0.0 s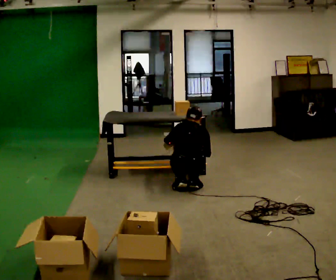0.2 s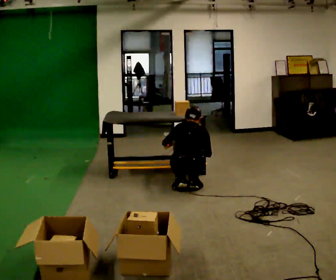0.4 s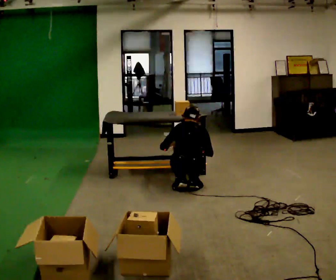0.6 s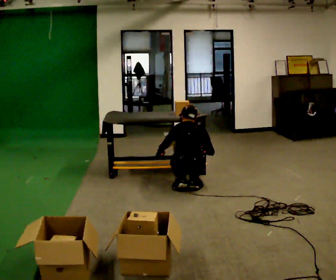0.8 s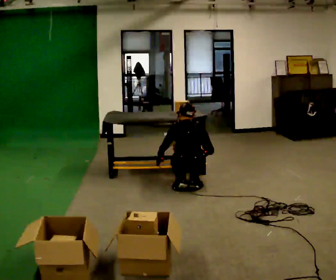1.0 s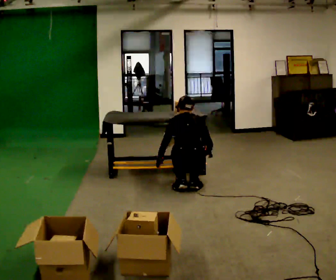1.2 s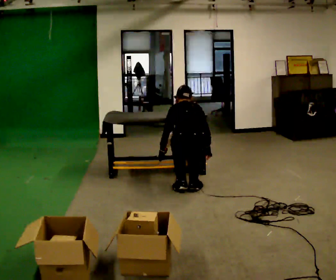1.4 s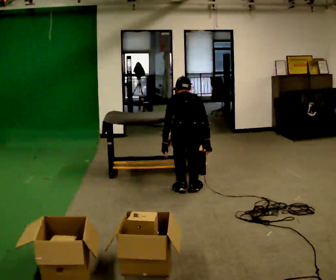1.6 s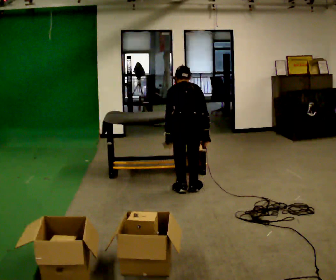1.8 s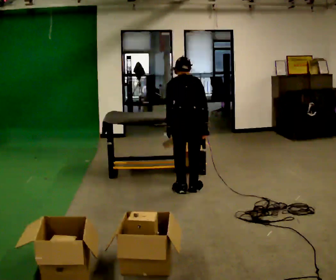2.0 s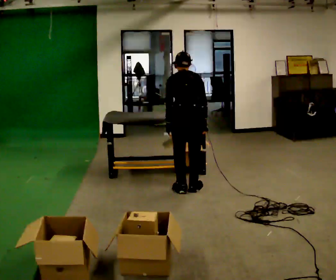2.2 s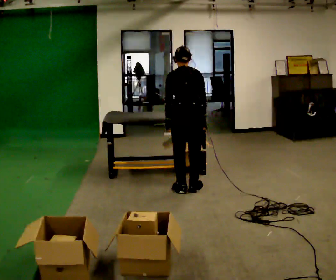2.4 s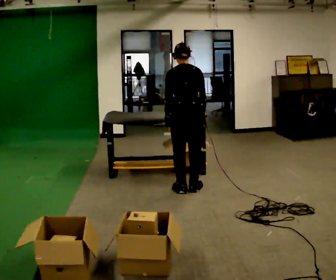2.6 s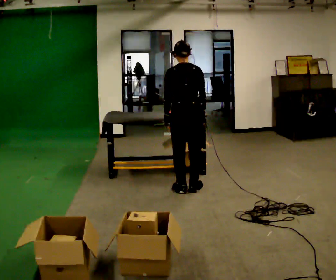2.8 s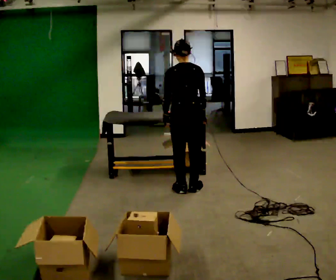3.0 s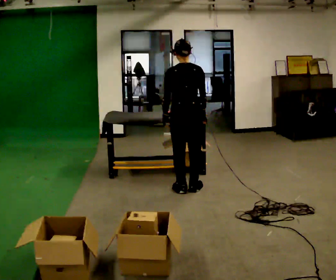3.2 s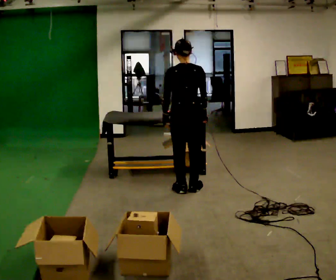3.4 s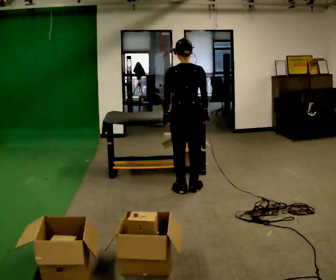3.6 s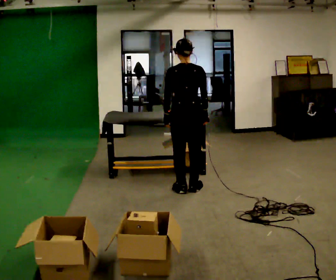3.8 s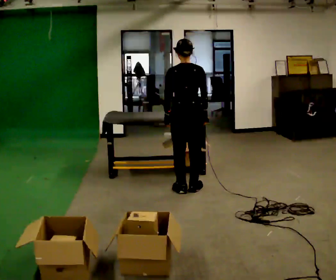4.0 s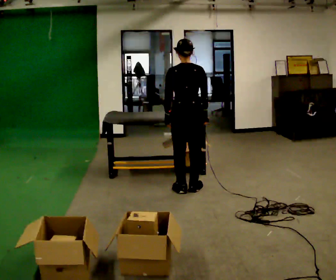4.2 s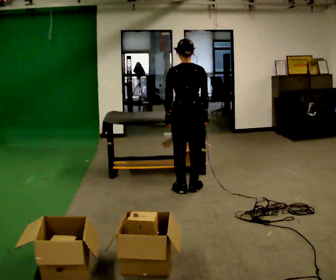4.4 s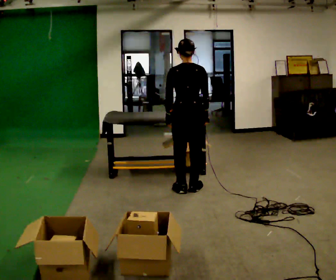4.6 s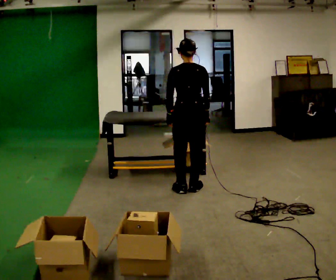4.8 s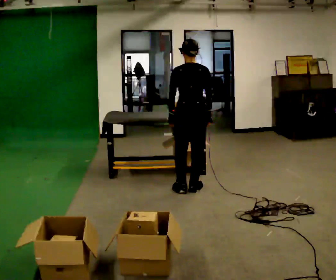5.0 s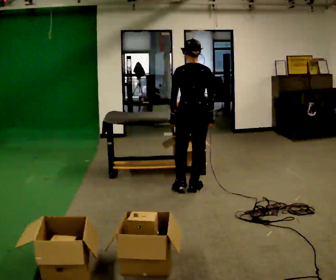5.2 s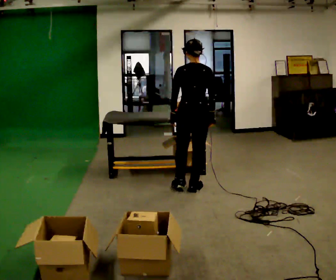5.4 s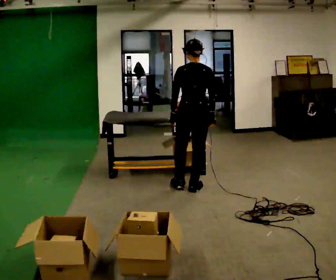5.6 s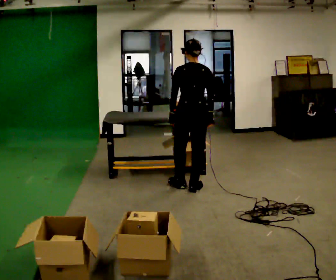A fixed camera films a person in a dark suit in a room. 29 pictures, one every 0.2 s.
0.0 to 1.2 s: The shoulders move upward.
1.2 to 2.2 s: The upper body goes upward. The upper body tips toward the camera, its near side rolling downward, as they lean back or straighten. In the picture their left hand goes upward.
2.2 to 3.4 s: The upper body tips toward the camera, its near side rolling downward, as they lean back or straighten.
3.4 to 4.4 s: The person keeps their place and pose.
4.4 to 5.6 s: The person moves a little, or ends about where they began.
The film runs forward here.
